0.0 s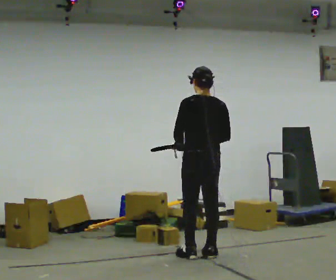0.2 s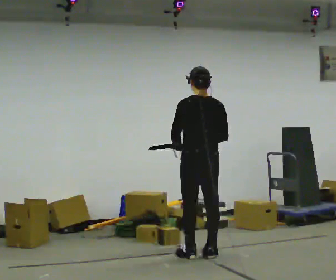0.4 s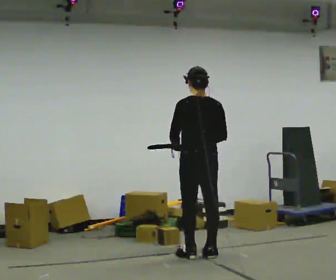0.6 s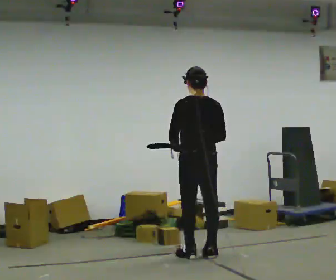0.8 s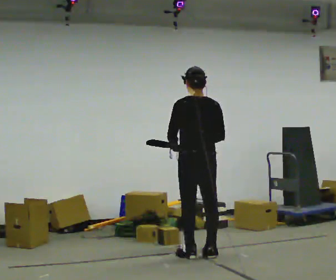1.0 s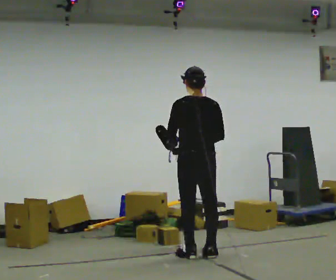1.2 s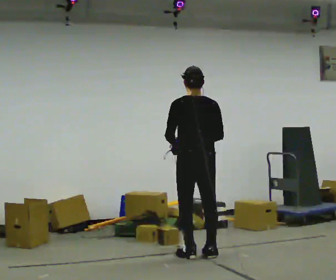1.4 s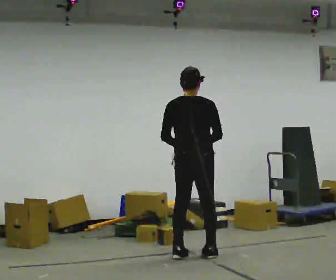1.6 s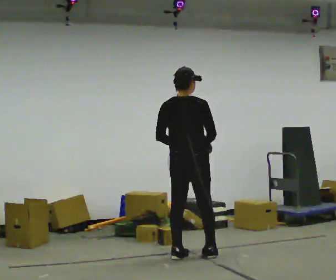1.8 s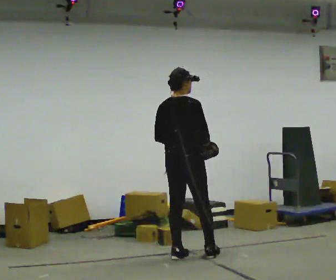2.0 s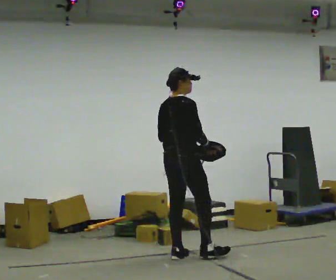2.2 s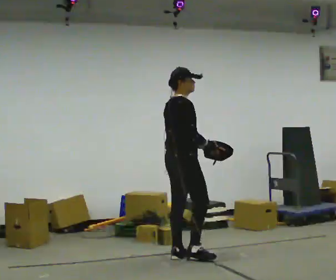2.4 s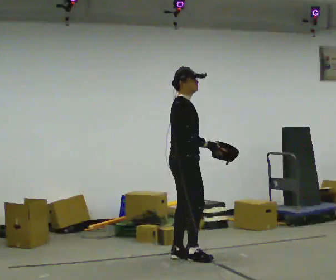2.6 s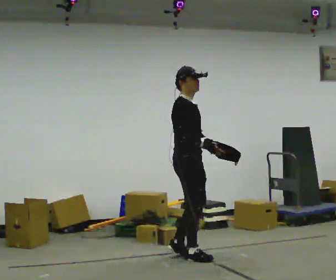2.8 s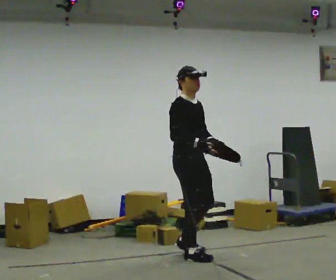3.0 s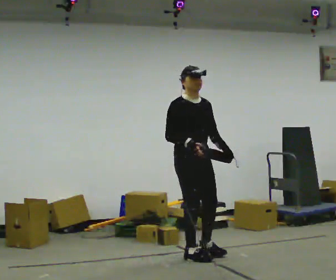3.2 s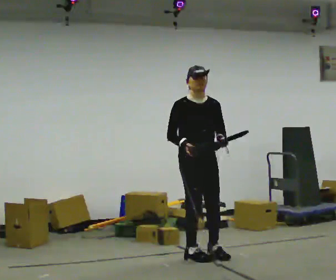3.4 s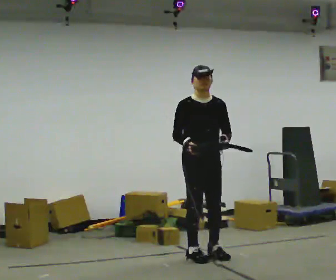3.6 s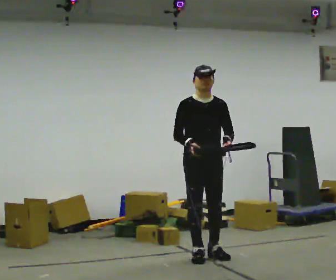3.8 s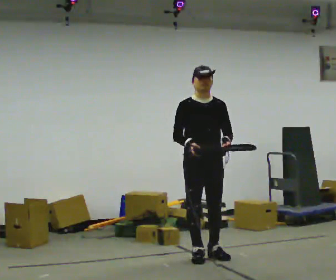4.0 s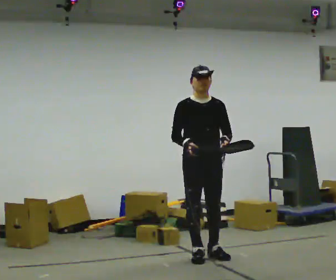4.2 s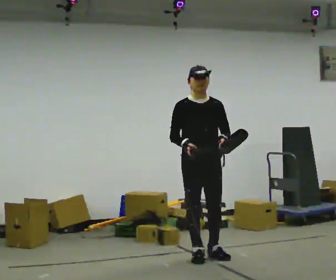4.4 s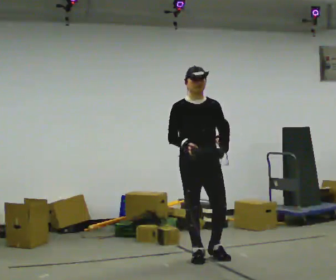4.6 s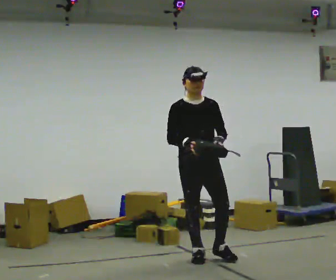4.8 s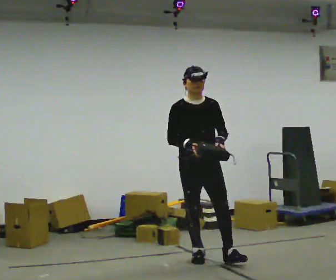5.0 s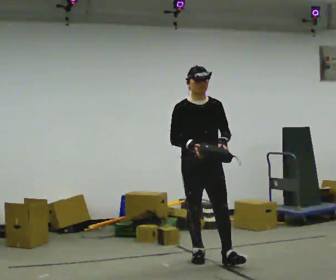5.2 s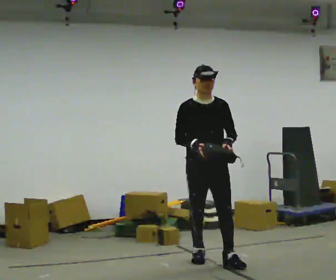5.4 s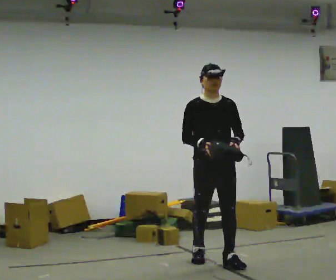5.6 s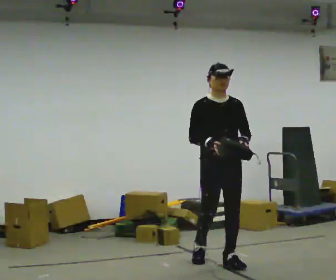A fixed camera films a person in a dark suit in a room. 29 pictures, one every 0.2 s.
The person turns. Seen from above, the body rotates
clockwise.
The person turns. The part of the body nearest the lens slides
to the left.
0.0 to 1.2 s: The person moves a little, or ends about where they began.
1.2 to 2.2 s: The person turns about 75 degrees to their right, clockwise seen from above, so the part of the body nearest the lens slides to the left. In the picture they go to the left, about 0.25 m in 1 step.
2.2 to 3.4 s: The person turns about 90 degrees to their right, clockwise seen from above, so the part of the body nearest the lens slides to the left. In the picture they go to the right, about 0.25 m in 2 steps.
3.4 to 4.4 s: The person moves a little, or ends about where they began.
4.4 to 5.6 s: In the picture they go toward the camera and to the right, about 0.25 m in 1 step, which for them is forward and to their left.
The film runs forward here.
